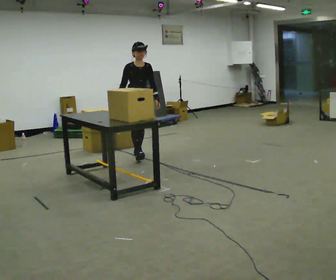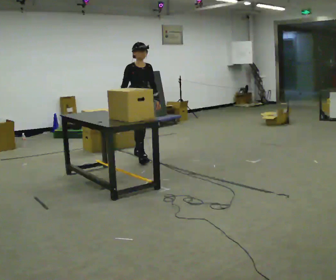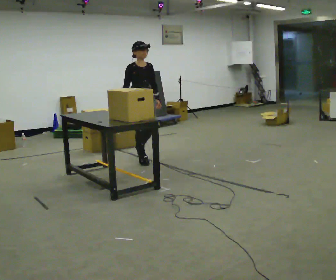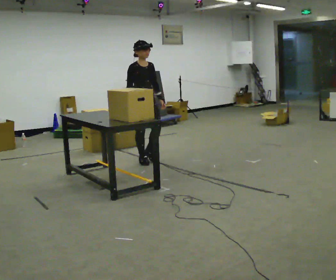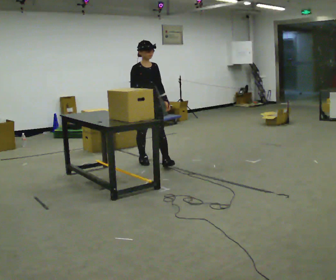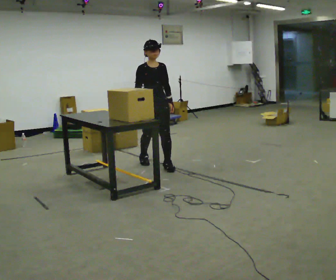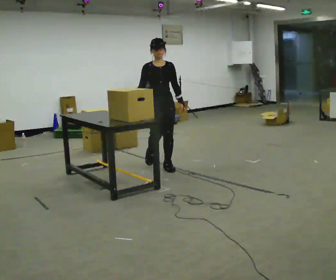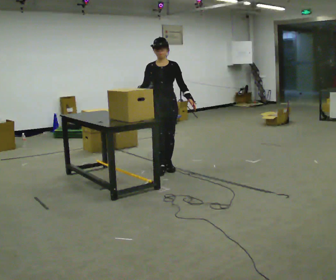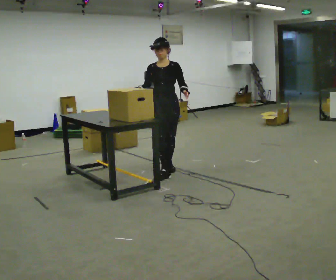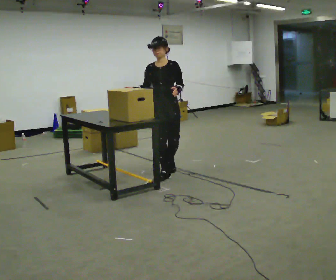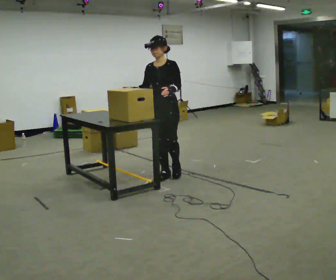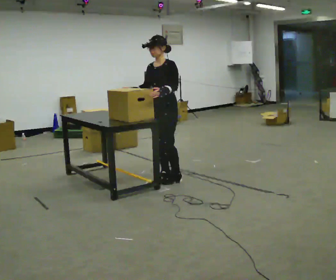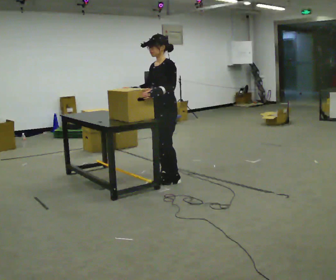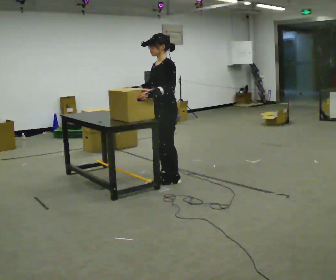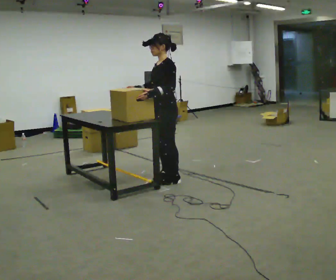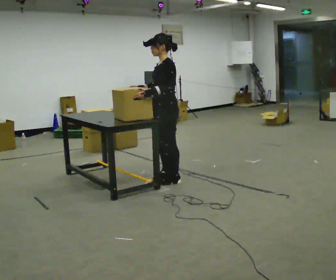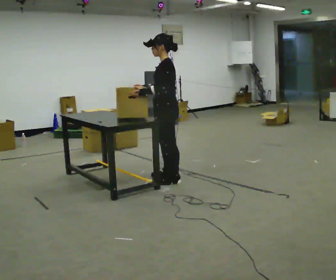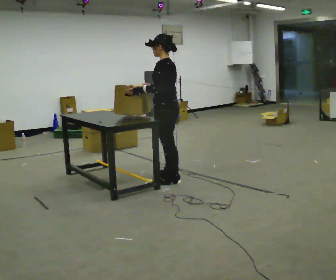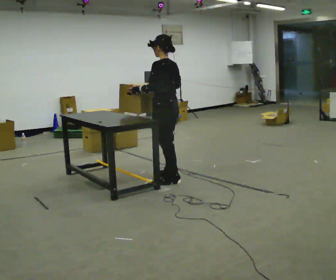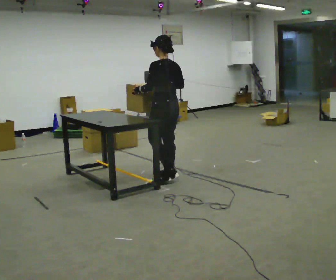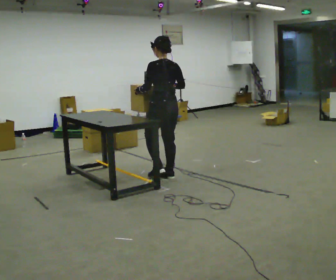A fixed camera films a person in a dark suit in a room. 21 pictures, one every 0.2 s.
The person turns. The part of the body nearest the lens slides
to the left.
The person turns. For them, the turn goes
to their right.
0.0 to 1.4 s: The part of the body nearest the lens slides to the left as the person turns to their right by about 30 degrees. In the picture they go toward the camera and to the right, about 1 m in 2 steps, which for them is forward.
1.4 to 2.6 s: Seen from above the body turns clockwise, about 75 degrees: to their right, with its near side sliding to the left. In the picture they go toward the camera, about 0.5 m in 2 steps.
2.6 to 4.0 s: The part of the body nearest the lens slides to the left as the person turns to their right by about 75 degrees. In the picture they go away from the camera, about 0.25 m. In the picture their right hand goes to the right.
The film runs forward here.
